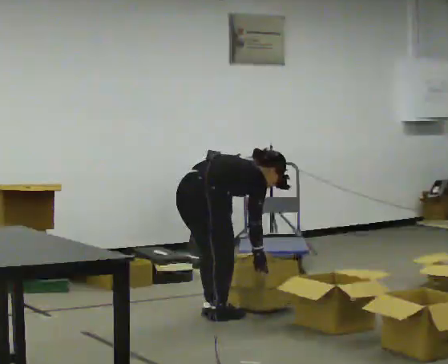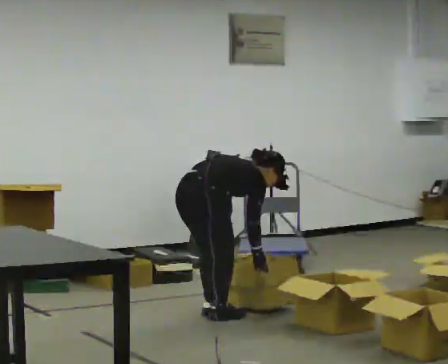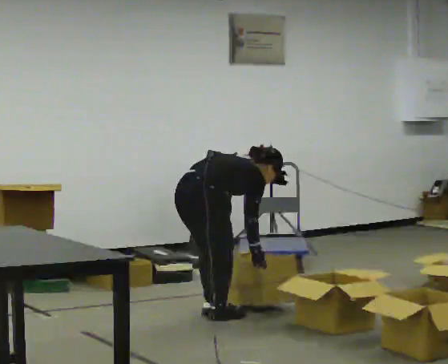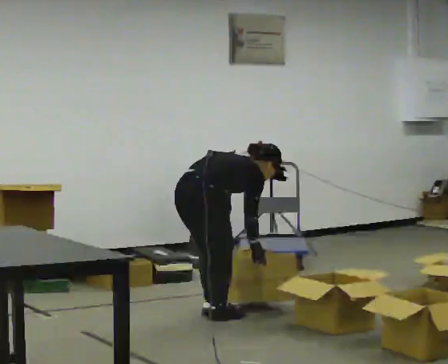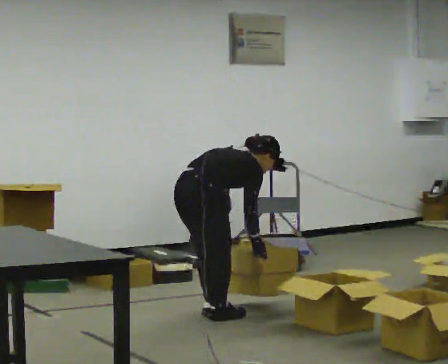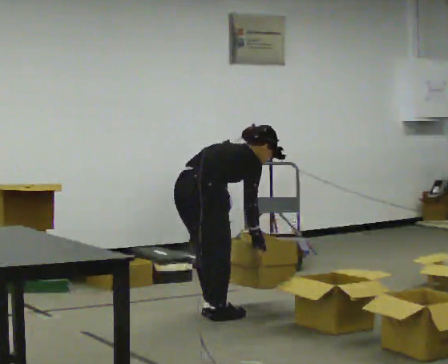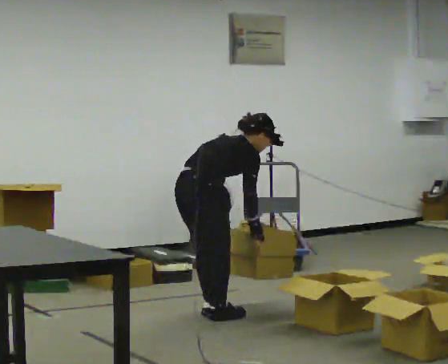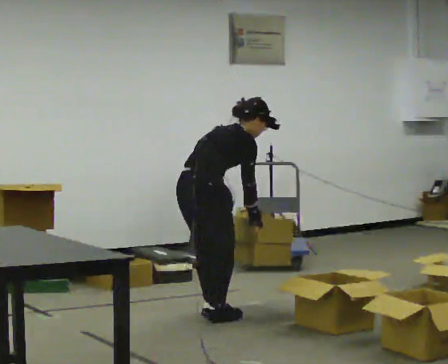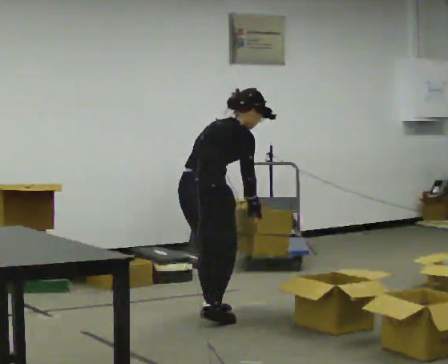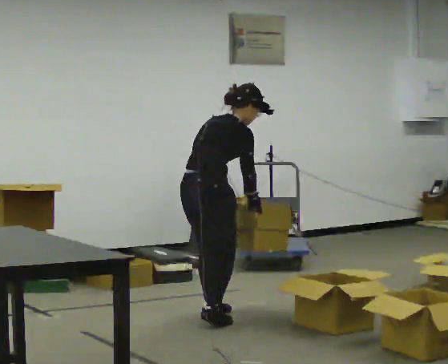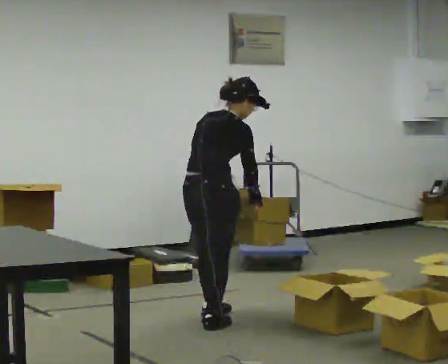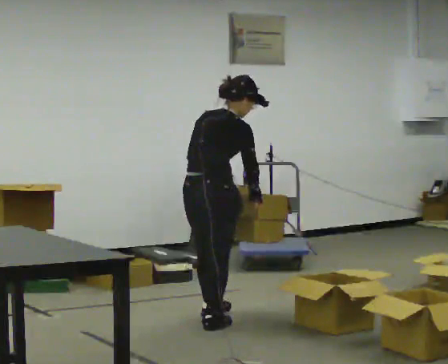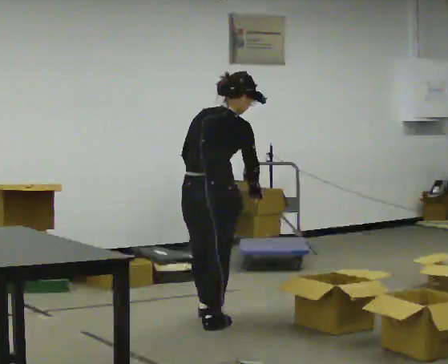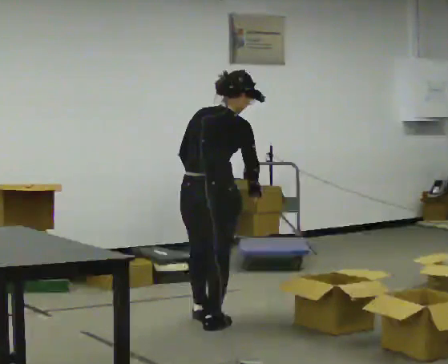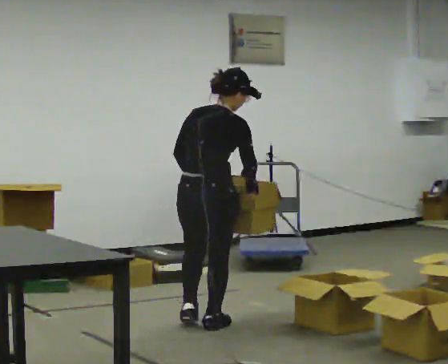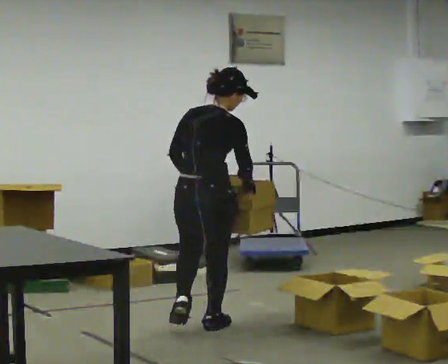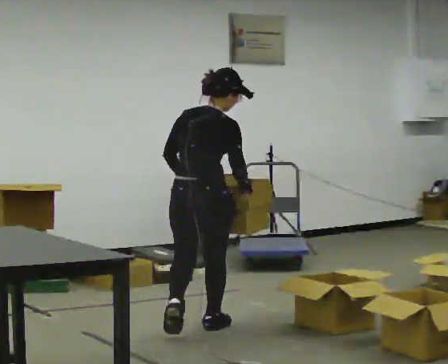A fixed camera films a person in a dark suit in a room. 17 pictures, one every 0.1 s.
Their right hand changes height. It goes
upward.
The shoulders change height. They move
upward.
0.0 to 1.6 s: Seen from above the body turns counterclockwise, about 30 degrees: to their left, with its near side sliding to the right. In the picture they go toward the camera, about 0.25 m in 2 steps, which for them is to their right and backward. The upper body goes upward. In the picture the upper body tilts counterclockwise, shoulders to the left, as they lean back or straighten. In the picture their right hand goes upward.
The film runs backward here.
